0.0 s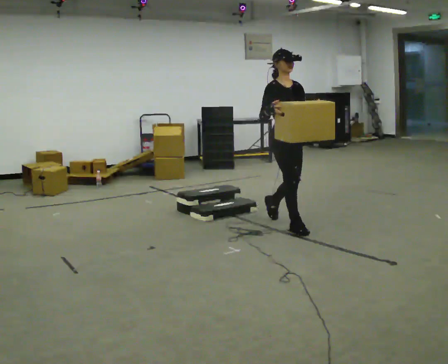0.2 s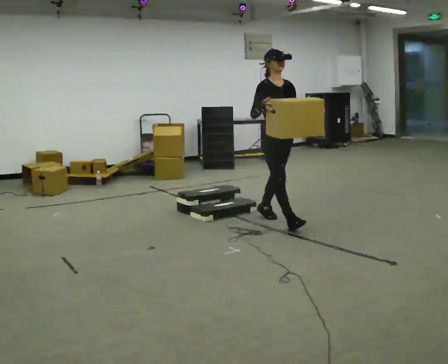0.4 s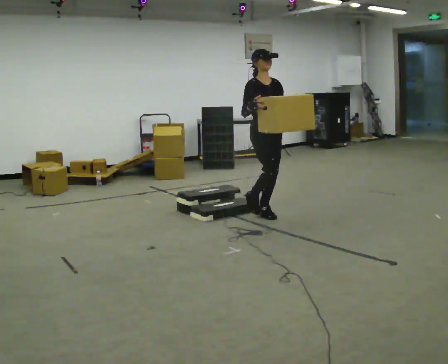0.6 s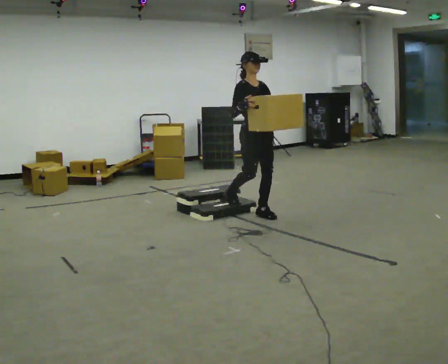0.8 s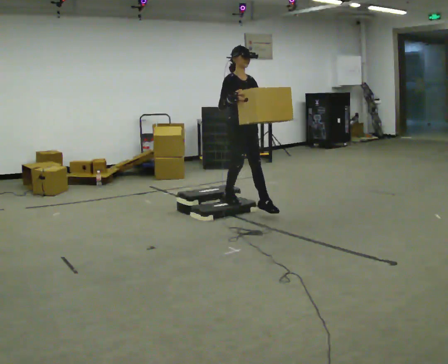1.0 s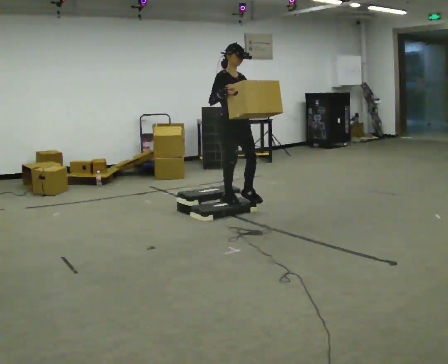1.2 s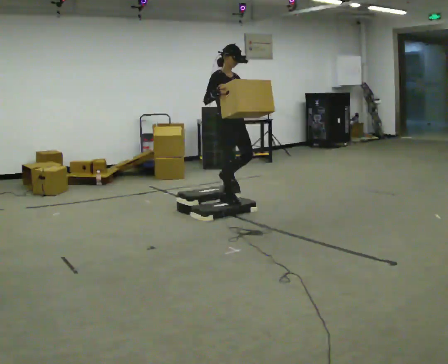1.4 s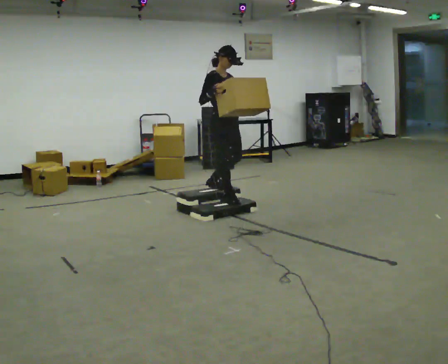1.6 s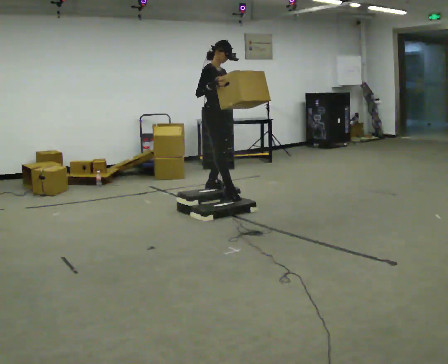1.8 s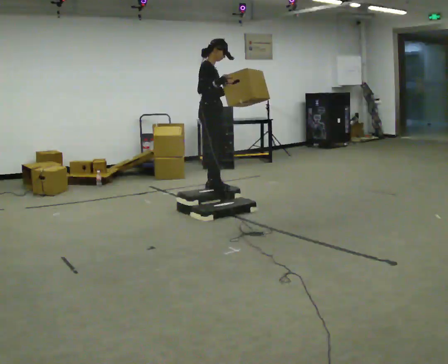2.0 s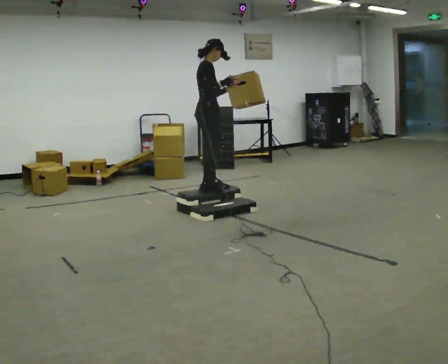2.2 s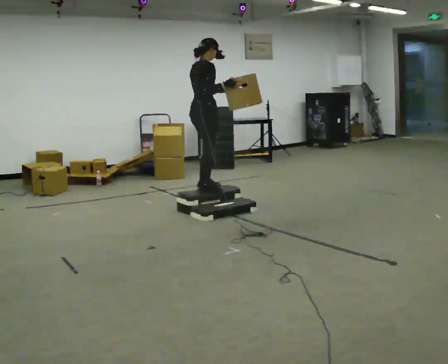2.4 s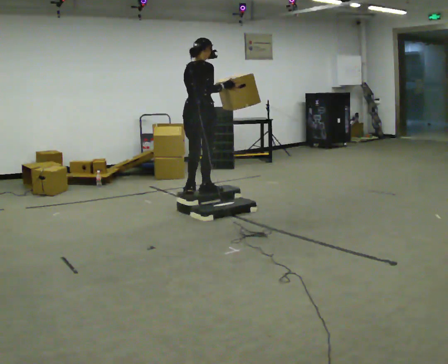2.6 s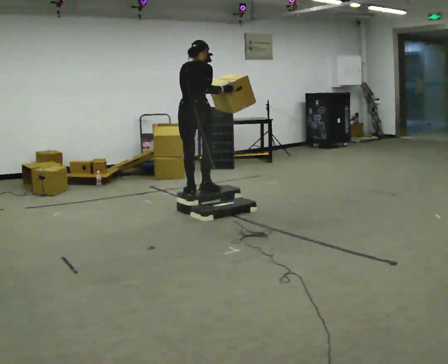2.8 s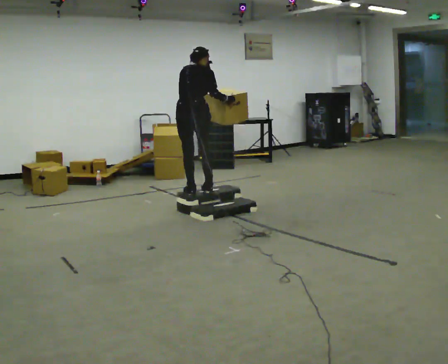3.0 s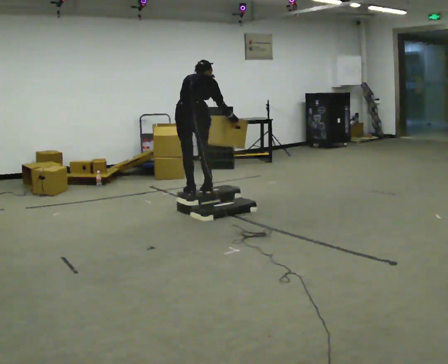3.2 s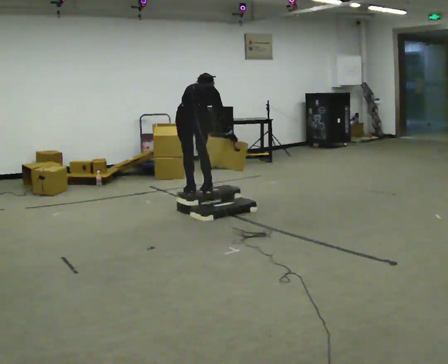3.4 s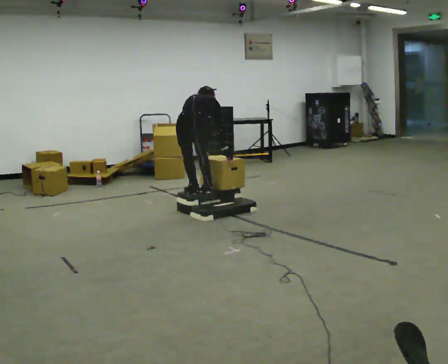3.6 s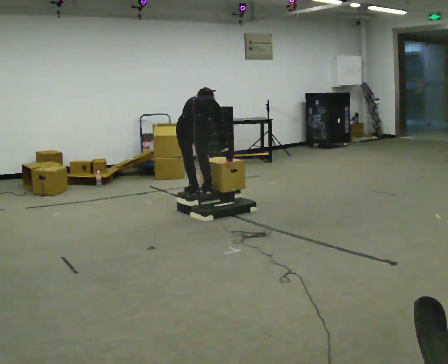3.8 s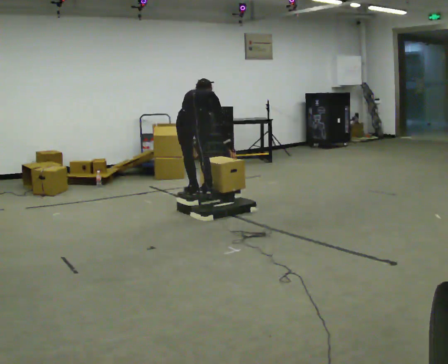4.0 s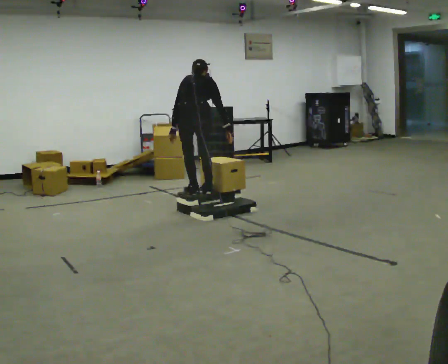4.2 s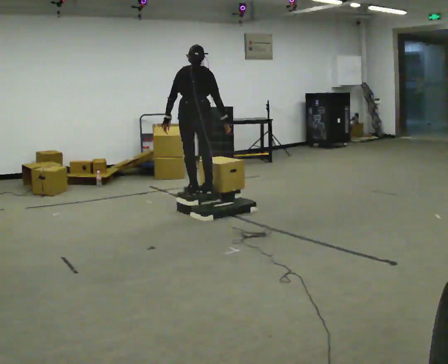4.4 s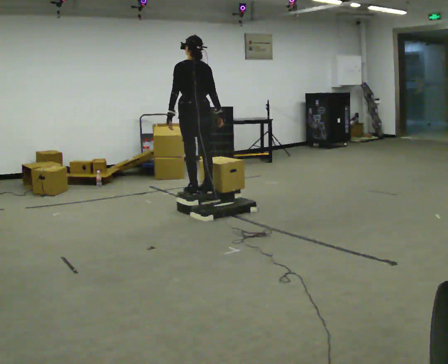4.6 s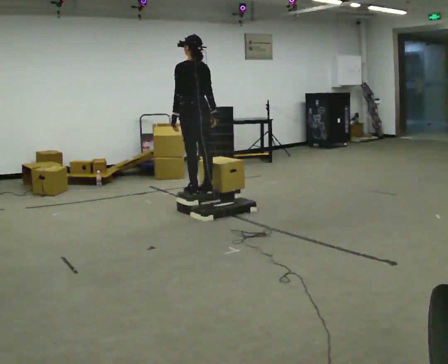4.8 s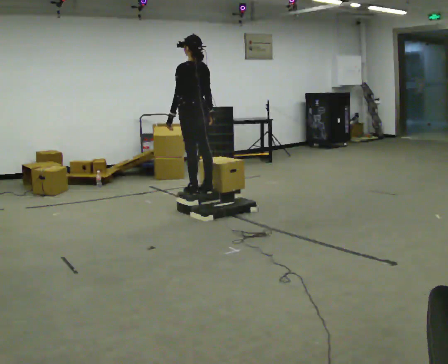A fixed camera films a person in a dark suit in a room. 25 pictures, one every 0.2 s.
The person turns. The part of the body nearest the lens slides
to the right.
The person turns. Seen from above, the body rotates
counterclockwise.
0.0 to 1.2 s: In the picture they go away from the camera and to the left, about 1 m in 2 steps, which for them is backward.
1.2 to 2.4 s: Seen from above the body turns counterclockwise, about 90 degrees: to their left, with its near side sliding to the right. In the picture they go to the left, about 0.25 m in 2 steps.
2.4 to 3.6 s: Seen from above the body turns counterclockwise, about 30 degrees: to their left, with its near side sliding to the right. In the picture they go toward the camera, about 0.25 m, which for them is backward. The upper body goes downward. The upper body tips away from the camera, its near side rolling upward, as they bend forward. In the picture their left hand goes downward.
3.6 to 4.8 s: Seen from above the body turns counterclockwise, about 45 degrees: to their left, with its near side sliding to the right. In the picture they go away from the camera, about 0.25 m, which for them is forward. The upper body goes upward. The upper body tips toward the camera, its near side rolling downward, as they lean back or straighten. In the picture their right hand goes upward.
The film runs backward here.
